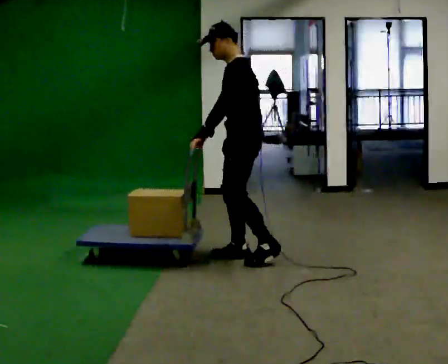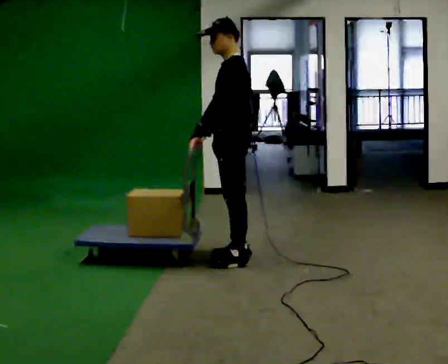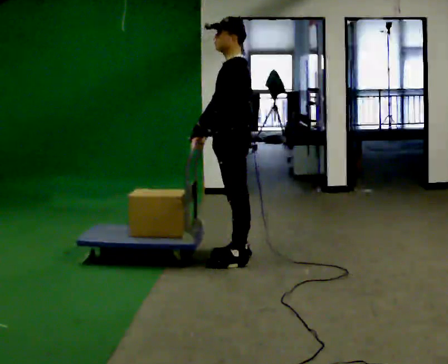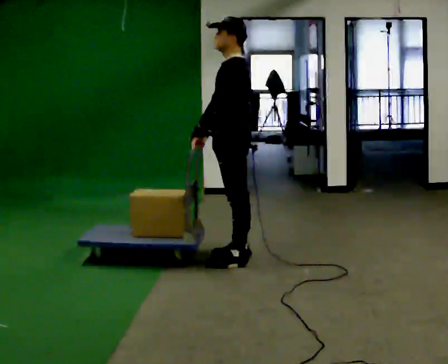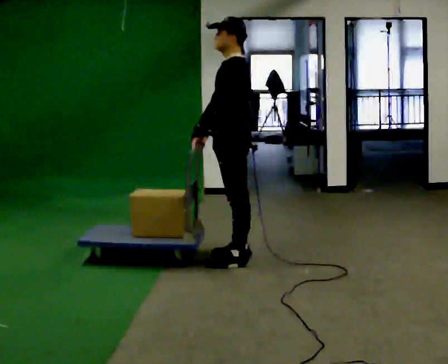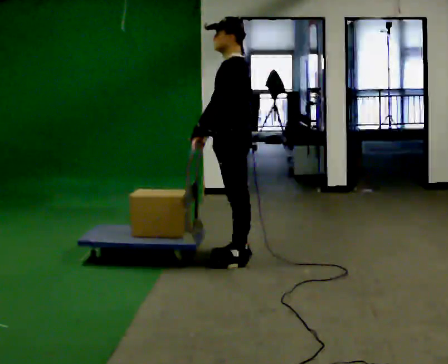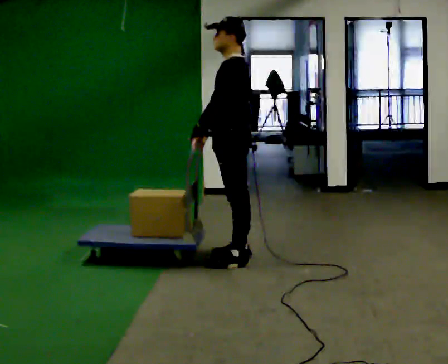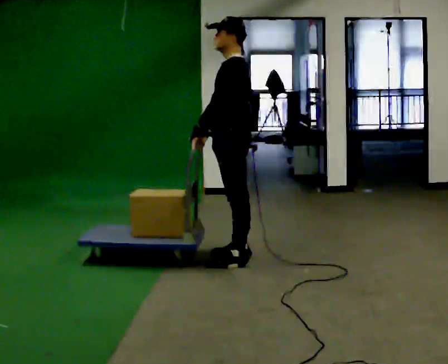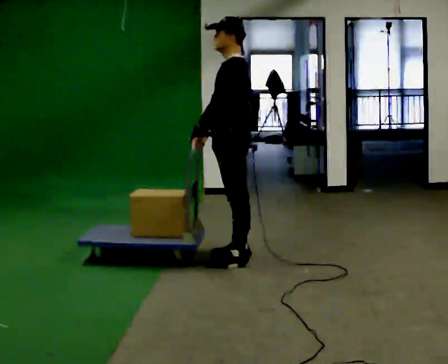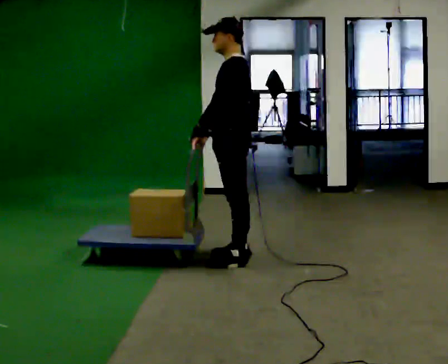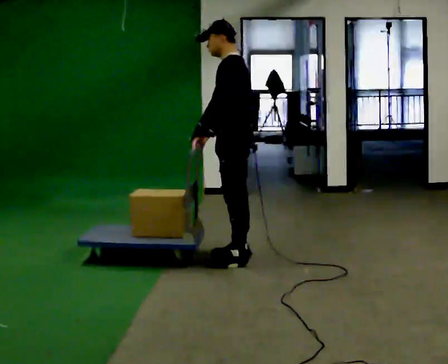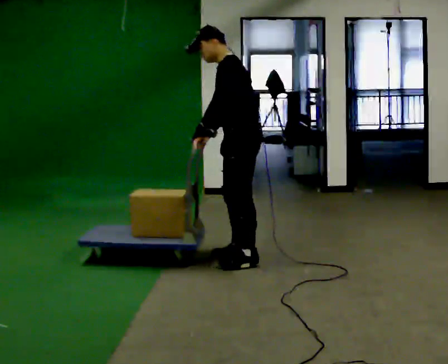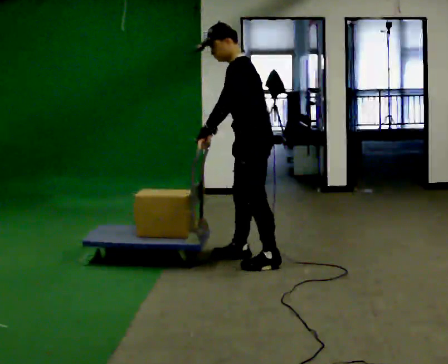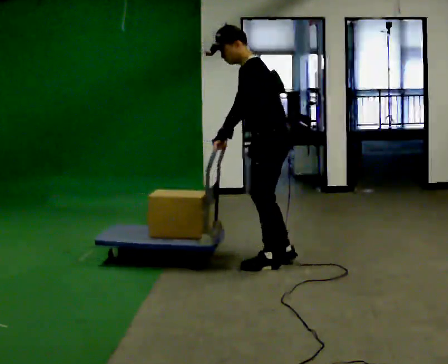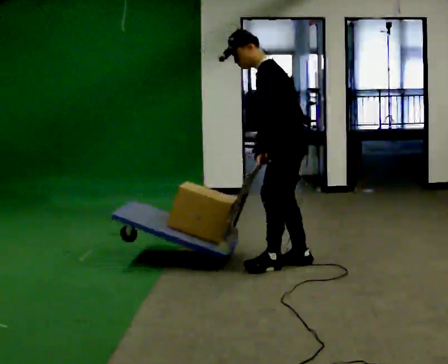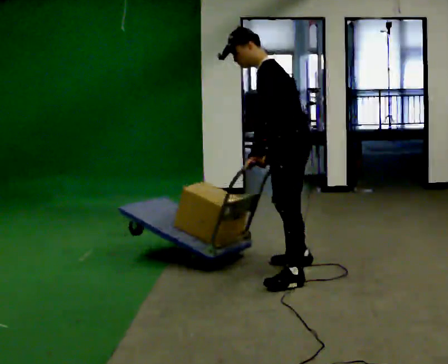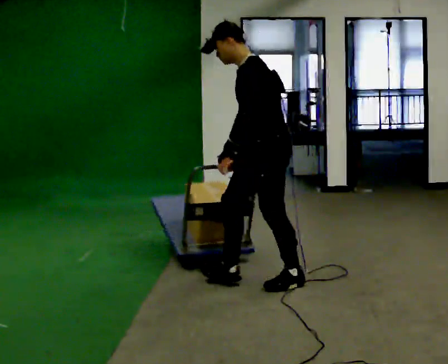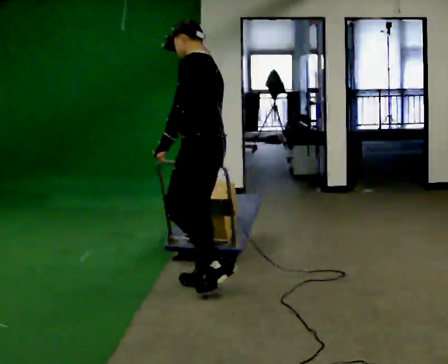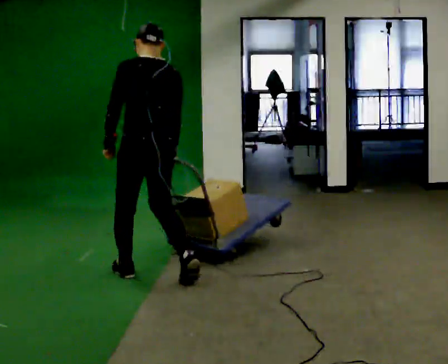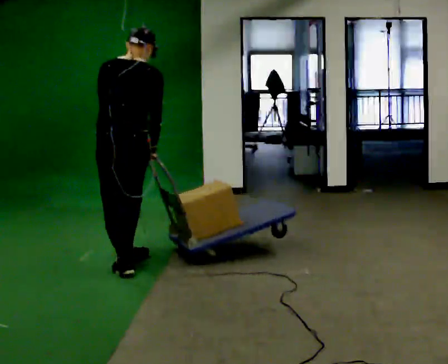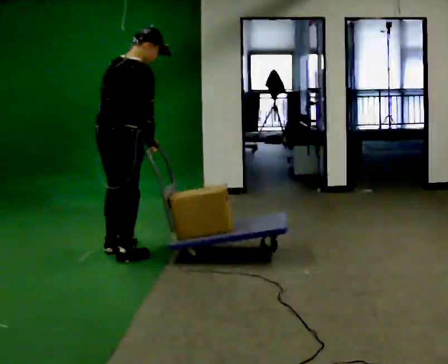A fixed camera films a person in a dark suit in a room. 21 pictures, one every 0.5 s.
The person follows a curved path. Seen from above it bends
clockwise.
0.0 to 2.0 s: The person moves a little, or ends about where they began.
2.0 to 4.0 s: The person keeps their place and pose.
4.0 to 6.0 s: In the picture they go to the right, about 0.25 m in 1 step, which for them is backward. In the picture the upper body tilts counterclockwise, shoulders to the left, as they bend forward.
6.0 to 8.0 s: In the picture they go toward the camera, about 0.5 m in 2 steps, which for them is to their left.
8.0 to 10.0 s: Seen from above the body turns clockwise, about 150 degrees: to their right, with its near side sliding to the left. In the picture they go to the left and away from the camera, about 1 m in 3 steps. In the picture the upper body tilts clockwise, shoulders to the right.
The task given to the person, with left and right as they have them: Stand still with your hands on the cart. When the operator says go, get it moving, push it a few metres, then bring it to a stop. Repeat until the operator says stop.
The film runs forward here.
